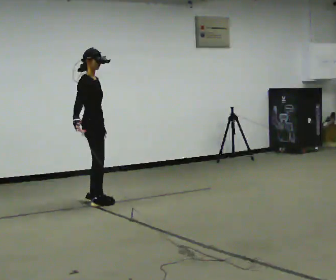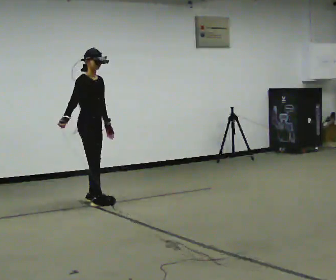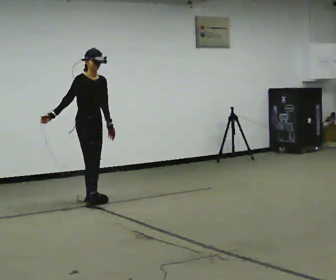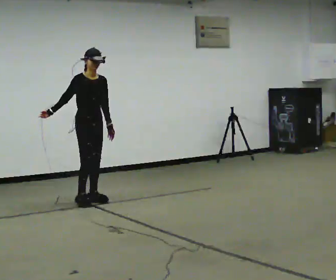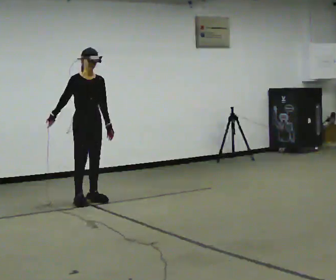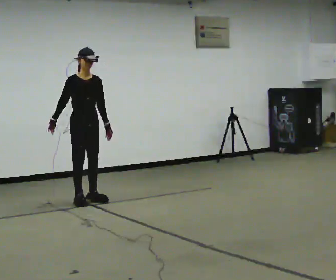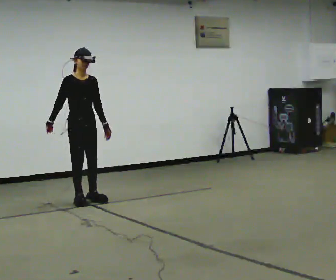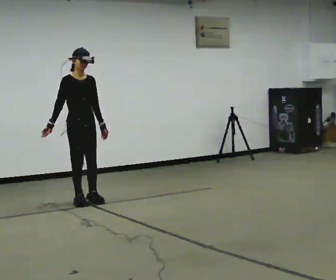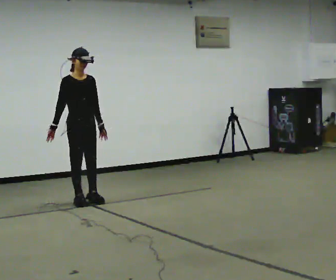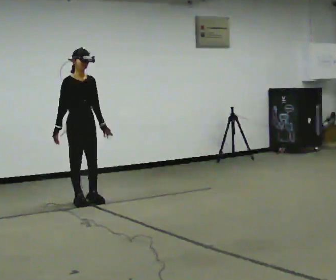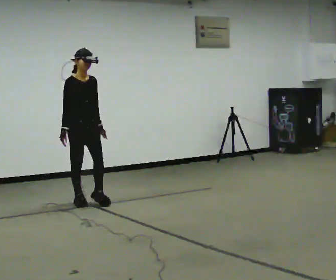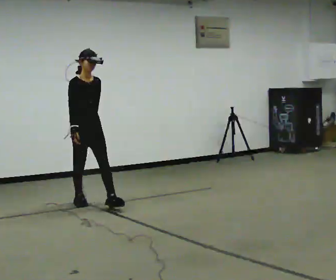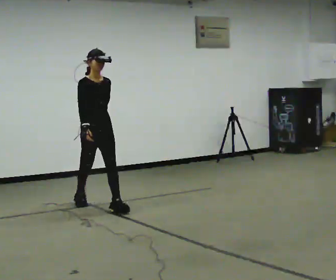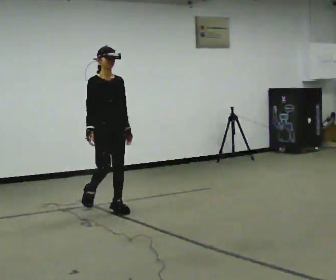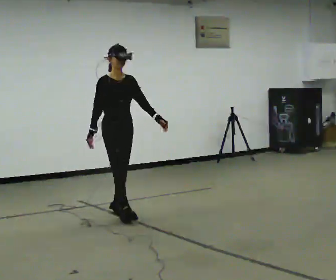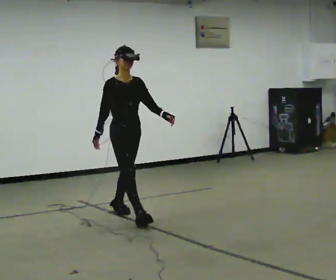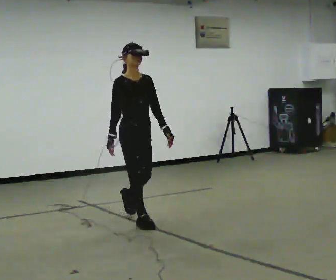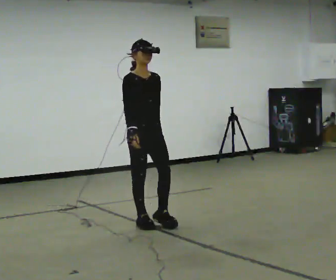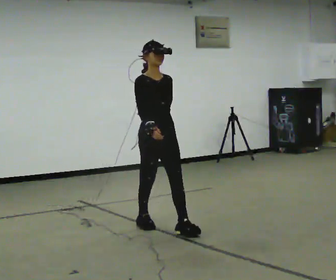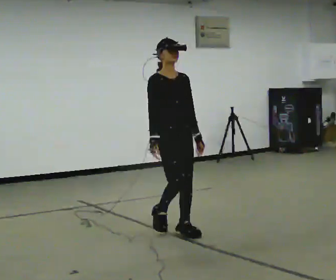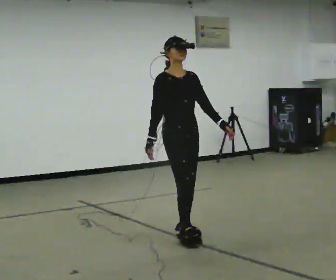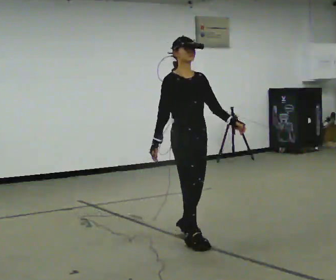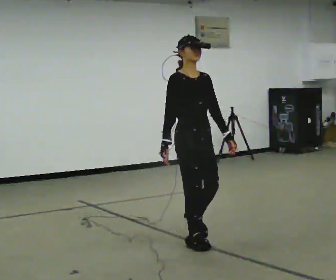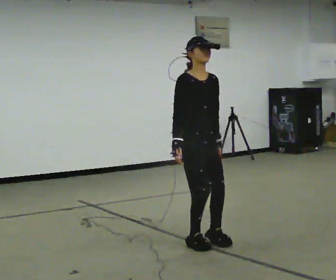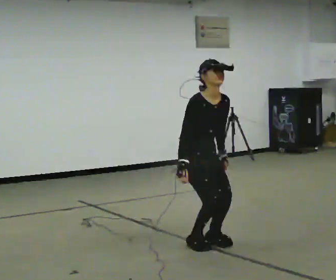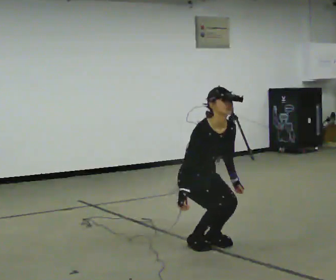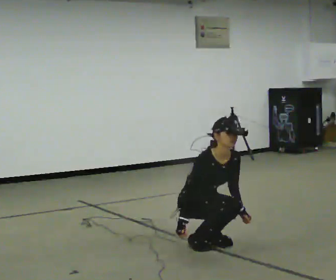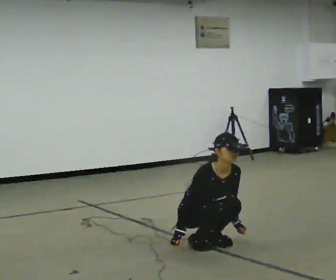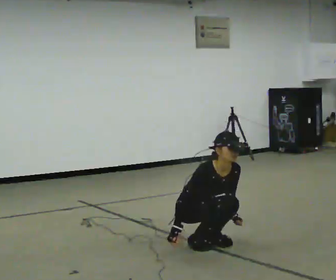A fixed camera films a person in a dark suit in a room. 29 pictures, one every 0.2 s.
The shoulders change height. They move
downward.
The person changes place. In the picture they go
toward the camera.
0.0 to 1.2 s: The part of the body nearest the lens slides to the left as the person turns to their right by about 45 degrees.
1.2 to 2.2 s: In the picture they go toward the camera, about 0.25 m, which for them is forward.
2.2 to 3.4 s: In the picture they go toward the camera and to the right, about 1 m in 2 steps, which for them is forward.
3.4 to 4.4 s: In the picture they go toward the camera and to the right, about 0.5 m in 2 steps, which for them is forward.
4.4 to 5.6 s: The upper body goes downward. The upper body tips toward the camera, its near side rolling downward, as they bend forward. In the picture their left hand goes downward.
The film runs forward here.
